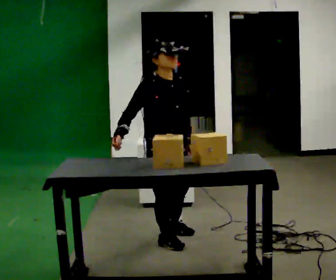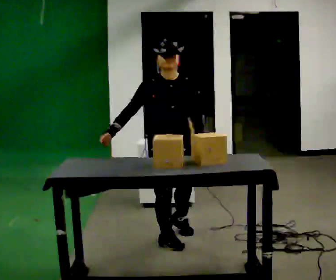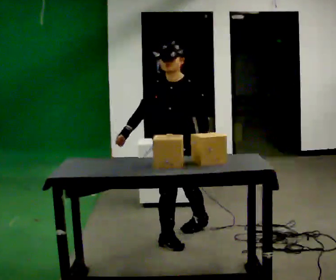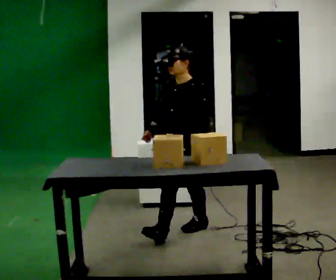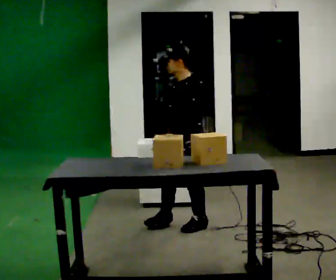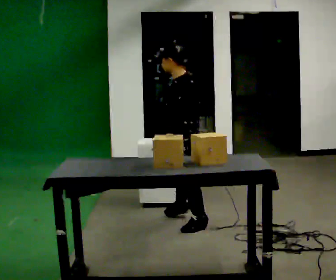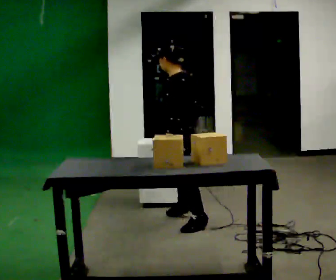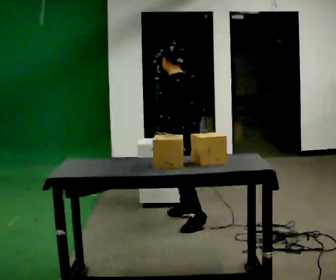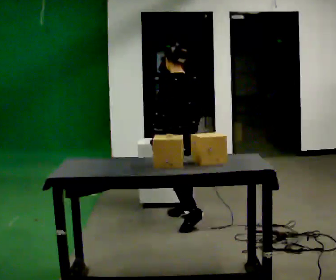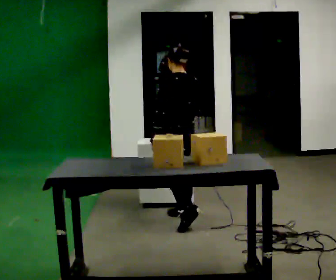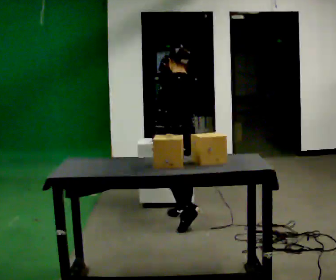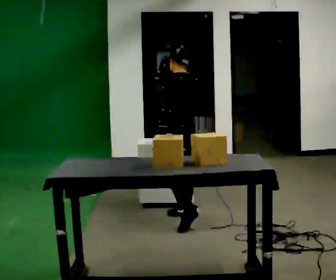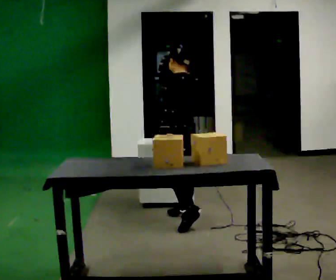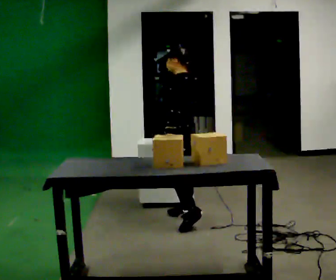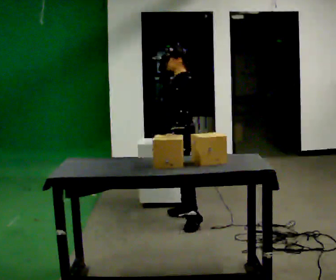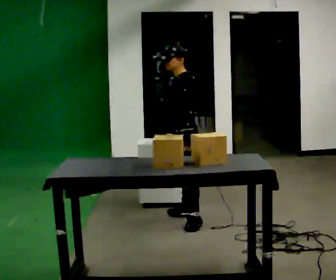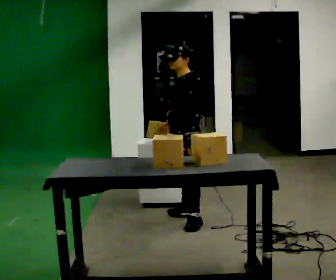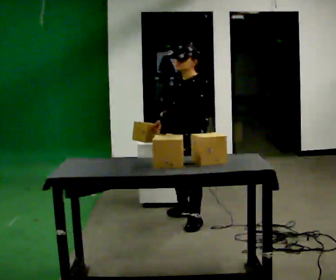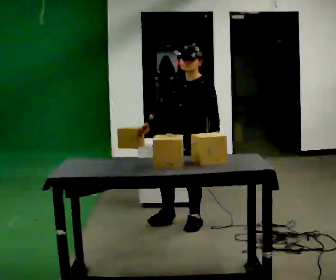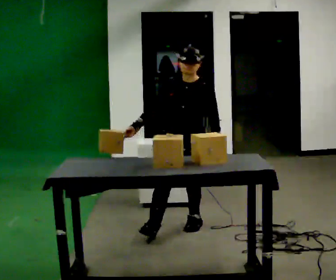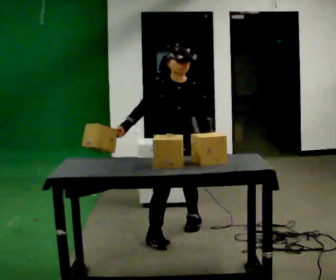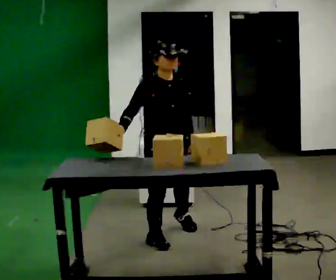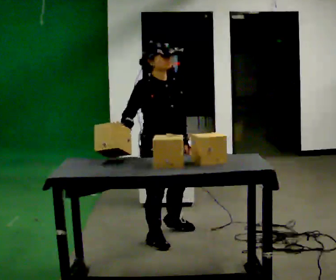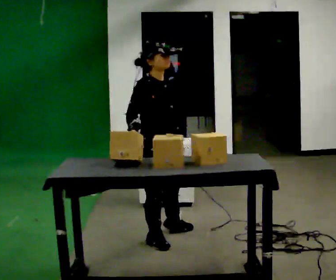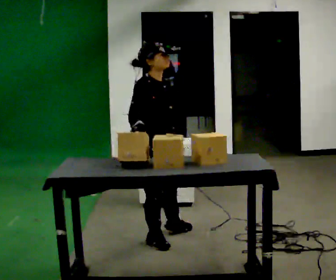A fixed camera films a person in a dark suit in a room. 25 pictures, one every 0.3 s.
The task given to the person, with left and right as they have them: 1. Move all 12 boxes from the shelf at one end of the room to the shelf at the other end. 2. The cart is not available today, so carry them. 3. Tell the operator when you are finished.
0.0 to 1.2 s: The part of the body nearest the lens slides to the left as the person turns to their right by about 105 degrees. In the picture they go away from the camera and to the right, about 0.5 m in 1 step.
1.2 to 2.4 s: The person turns about 60 degrees to their right, clockwise seen from above, so the part of the body nearest the lens slides to the left. In the picture they go away from the camera, about 0.25 m in 1 step, which for them is to their right.
2.4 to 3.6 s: The person moves a little, or ends about where they began.
3.6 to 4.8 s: The part of the body nearest the lens slides to the right as the person turns to their left by about 45 degrees. In the picture they go toward the camera, about 0.25 m, which for them is to their left.
4.8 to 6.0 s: The person turns about 90 degrees to their left, counterclockwise seen from above, so the part of the body nearest the lens slides to the right. In the picture they go toward the camera, about 0.5 m in 1 step.
6.0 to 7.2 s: The person turns about 45 degrees to their left, counterclockwise seen from above, so the part of the body nearest the lens slides to the right. In the picture they go toward the camera, about 0.25 m in 1 step, which for them is to their right.
The film runs forward here.
